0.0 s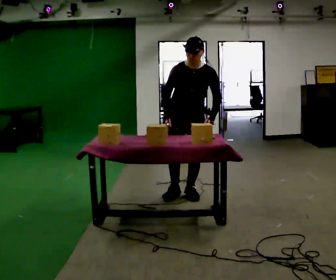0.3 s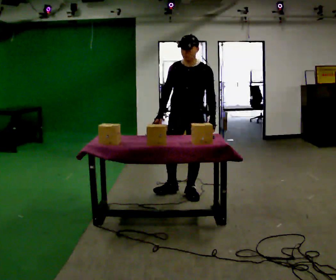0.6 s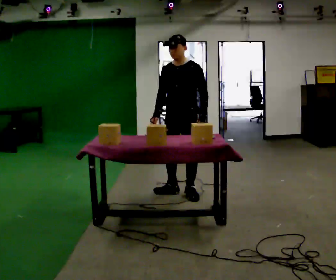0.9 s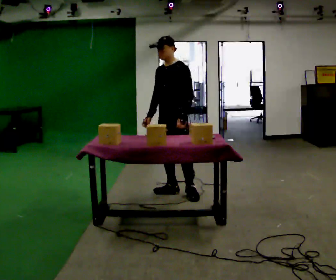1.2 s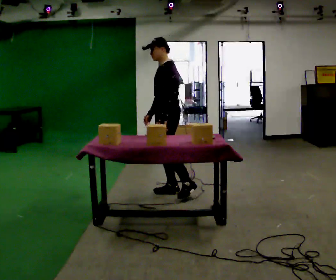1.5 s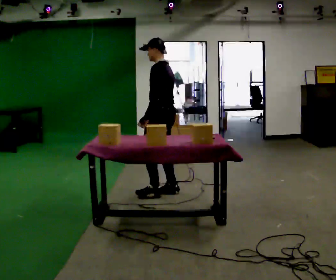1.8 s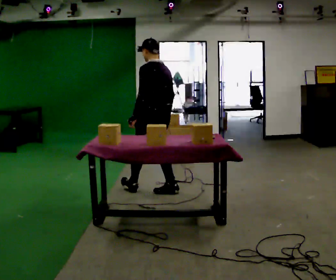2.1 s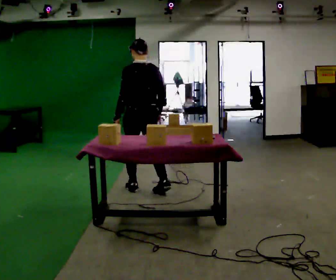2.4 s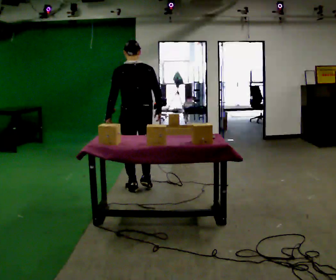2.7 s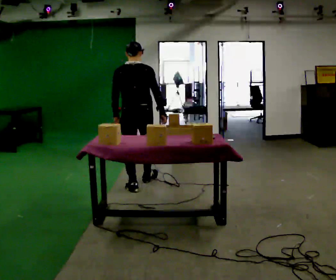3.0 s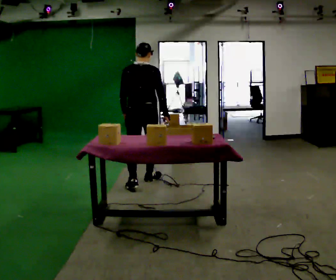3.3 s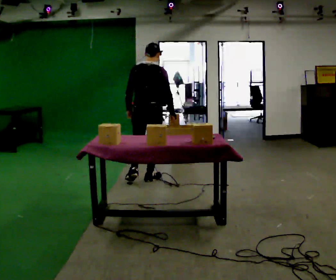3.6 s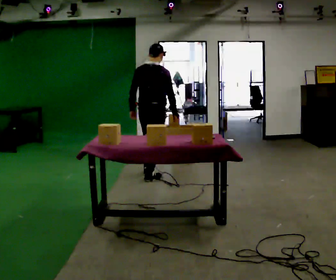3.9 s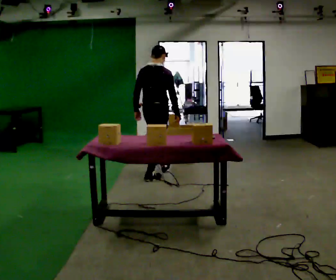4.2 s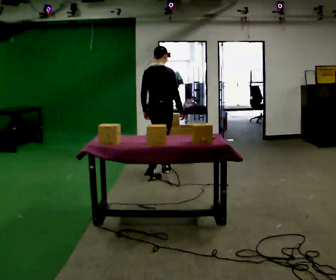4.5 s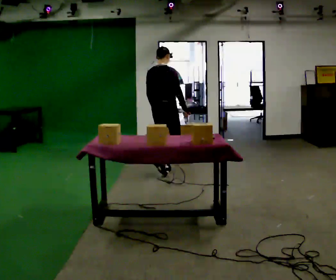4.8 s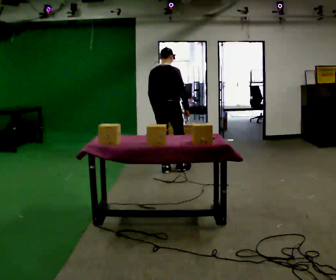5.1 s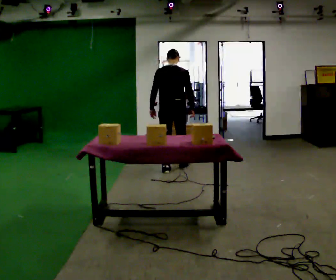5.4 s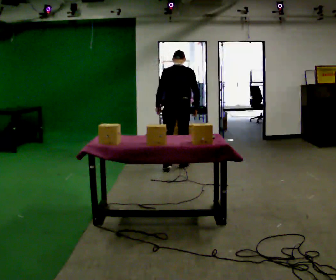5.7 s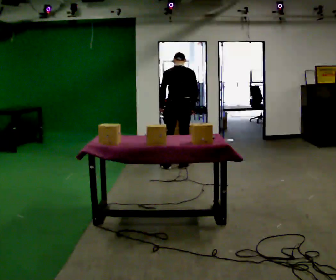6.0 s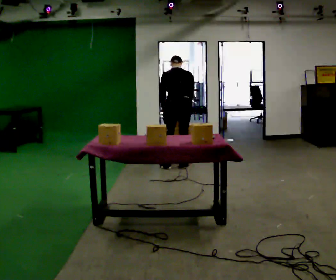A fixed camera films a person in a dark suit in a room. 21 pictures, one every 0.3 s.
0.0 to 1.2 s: Seen from above the body turns clockwise, about 75 degrees: to their right, with its near side sliding to the left. In the picture they go to the left, about 0.25 m. The upper body tips away from the camera, its near side rolling upward, as they lean back or straighten. In the picture their left hand goes to the left.
1.2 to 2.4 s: Seen from above the body turns clockwise, about 90 degrees: to their right, with its near side sliding to the left. In the picture they go to the left and away from the camera, about 0.5 m in 1 step.
2.4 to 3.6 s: The person turns about 30 degrees to their right, clockwise seen from above, so the part of the body nearest the lens slides to the left. In the picture they go away from the camera, about 0.5 m in 1 step, which for them is forward.
3.6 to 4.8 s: In the picture they go away from the camera and to the right, about 0.5 m in 1 step, which for them is forward.
4.8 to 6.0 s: The part of the body nearest the lens slides to the right as the person turns to their left by about 30 degrees. In the picture they go to the right, about 0.25 m in 2 steps, which for them is to their right and forward. The upper body tips away from the camera, its near side rolling upward, as they bend forward.
The film runs forward here.
